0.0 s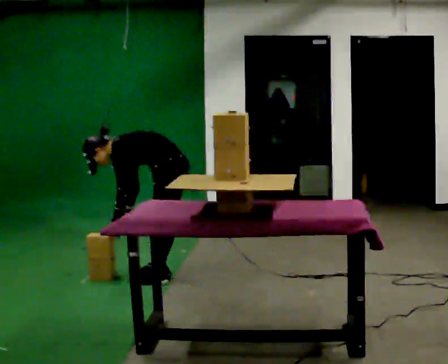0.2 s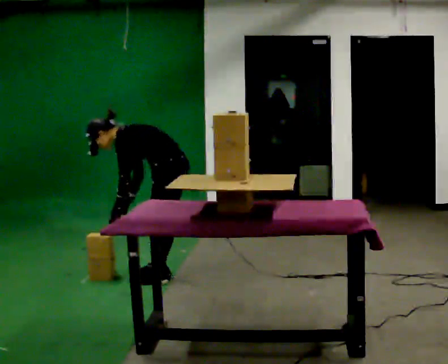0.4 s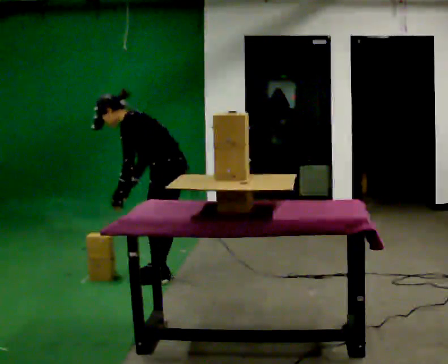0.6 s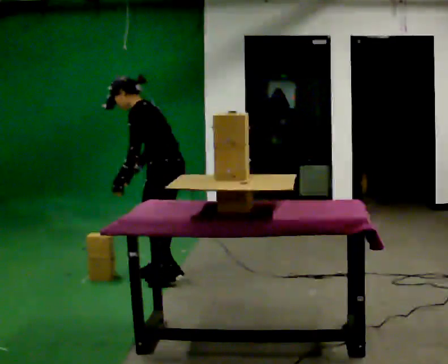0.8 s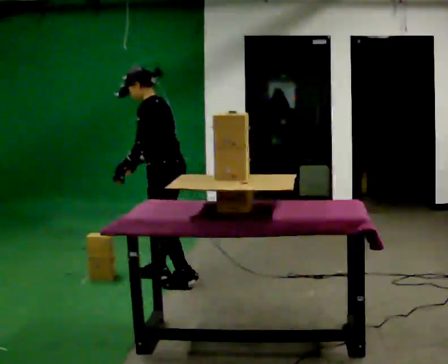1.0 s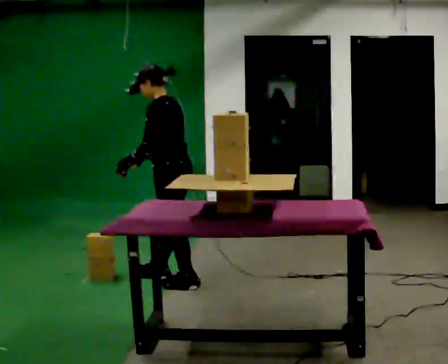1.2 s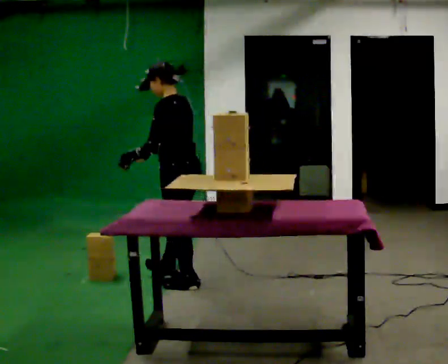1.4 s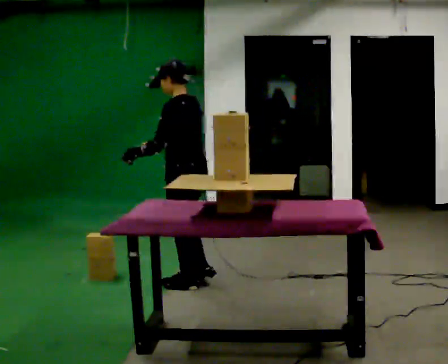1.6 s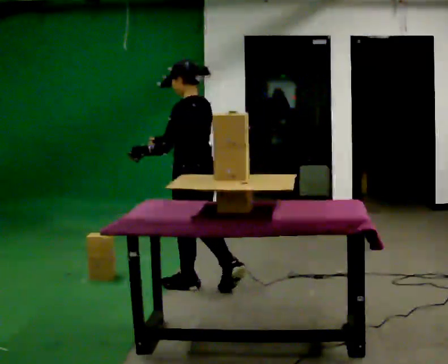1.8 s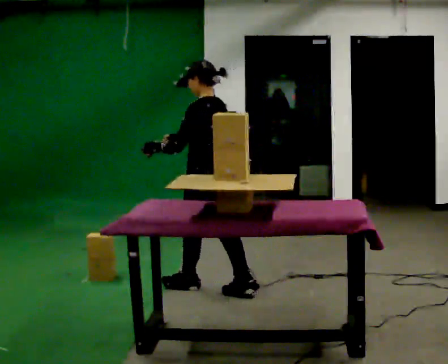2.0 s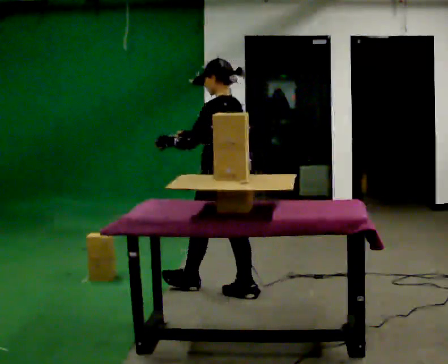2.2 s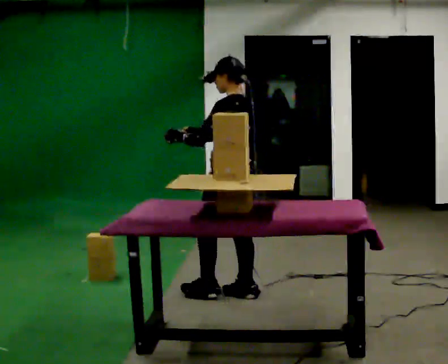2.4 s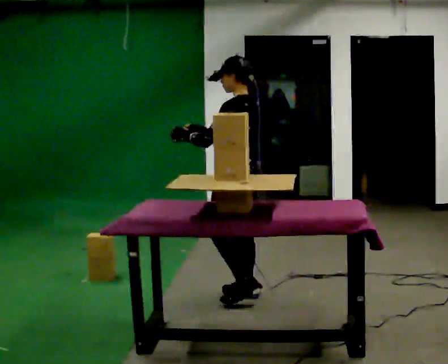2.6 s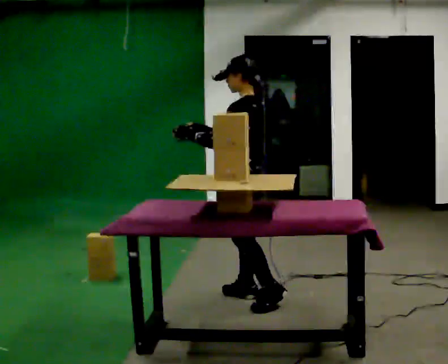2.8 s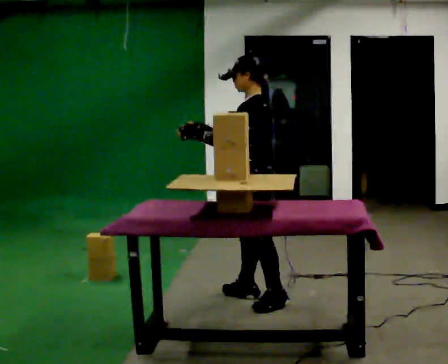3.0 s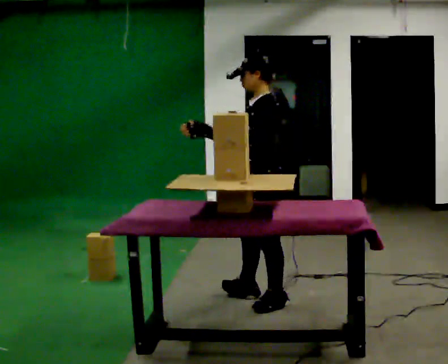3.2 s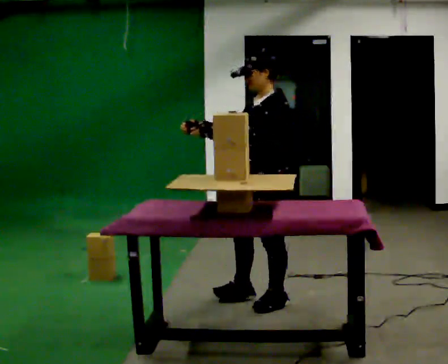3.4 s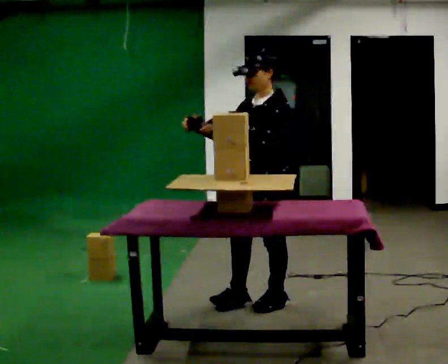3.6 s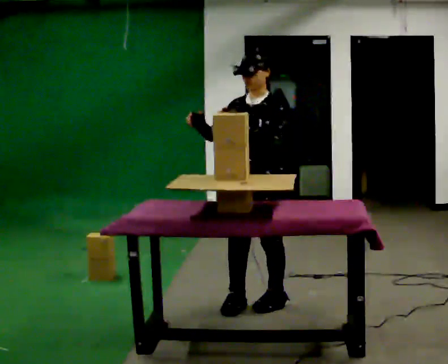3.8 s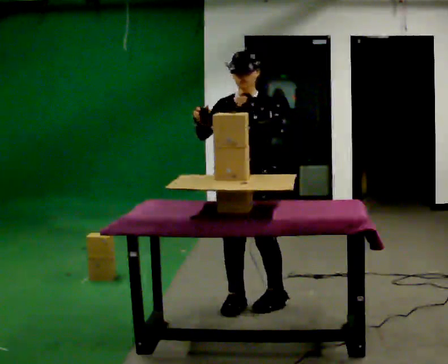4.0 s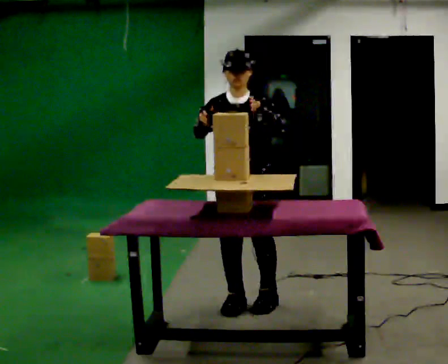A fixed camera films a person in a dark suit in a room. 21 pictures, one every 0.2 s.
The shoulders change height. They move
upward.
Their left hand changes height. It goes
upward.
0.0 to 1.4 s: The part of the body nearest the lens slides to the left as the person turns to their right by about 30 degrees. In the picture they go toward the camera, about 0.25 m in 2 steps, which for them is to their left and backward. The shoulders move upward. In the picture the upper body tilts clockwise, shoulders to the right, as they lean back or straighten. In the picture their left hand goes upward.
1.4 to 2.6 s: In the picture they go to the right and toward the camera, about 0.5 m in 1 step, which for them is backward.
2.6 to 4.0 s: The person turns about 90 degrees to their left, counterclockwise seen from above, so the part of the body nearest the lens slides to the right. In the picture they go toward the camera, about 0.25 m in 1 step.
The film runs backward here.
